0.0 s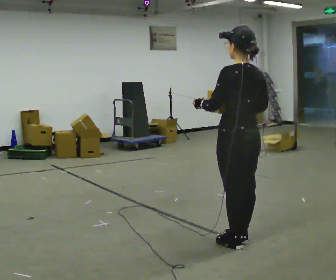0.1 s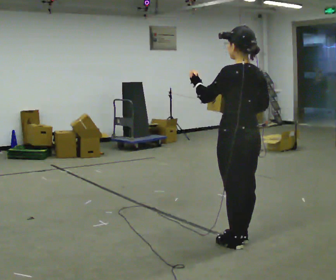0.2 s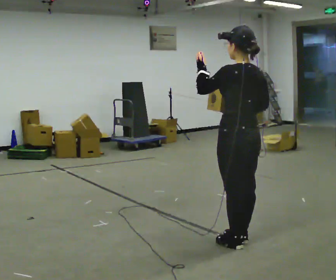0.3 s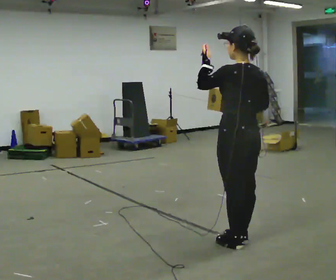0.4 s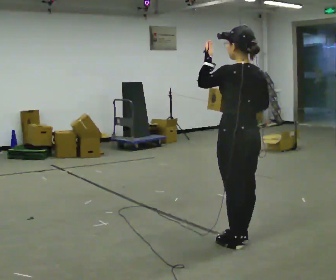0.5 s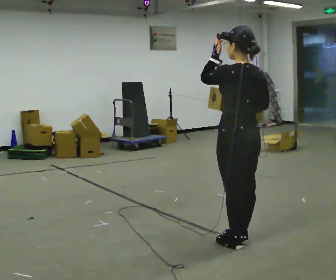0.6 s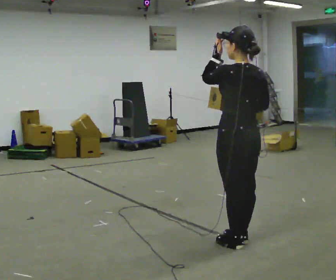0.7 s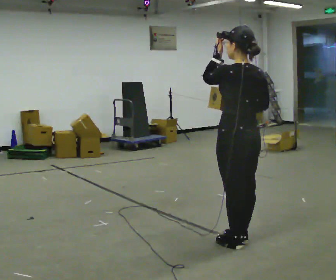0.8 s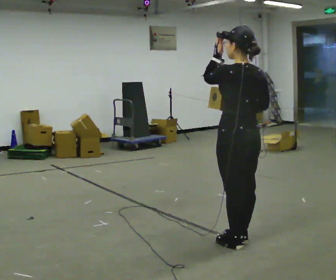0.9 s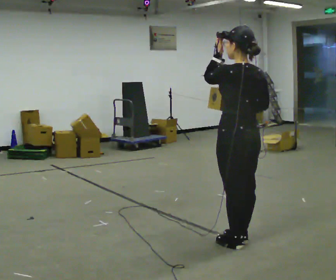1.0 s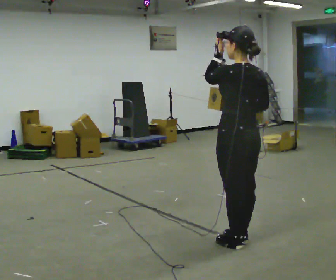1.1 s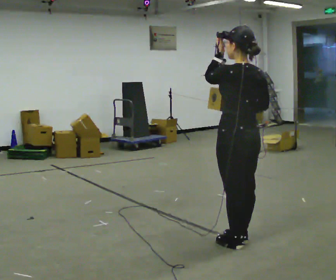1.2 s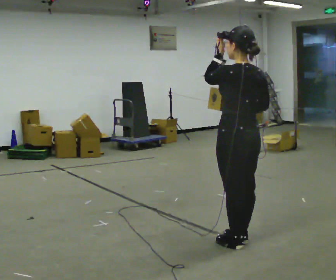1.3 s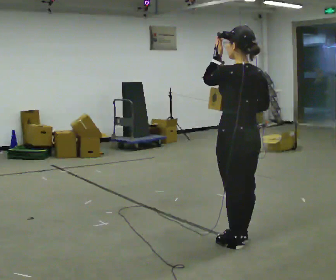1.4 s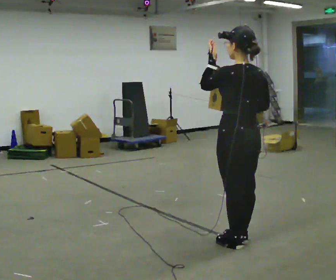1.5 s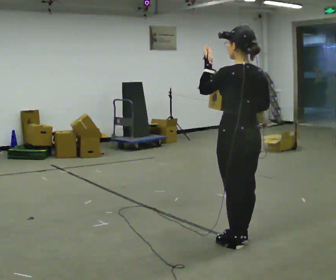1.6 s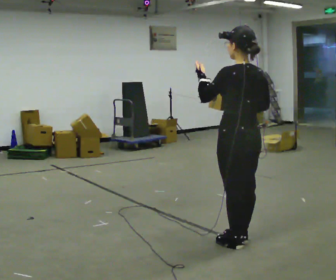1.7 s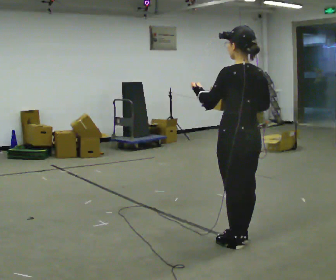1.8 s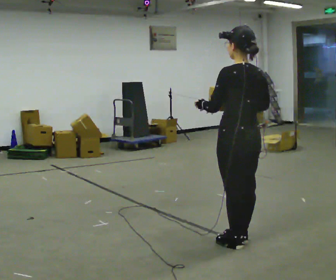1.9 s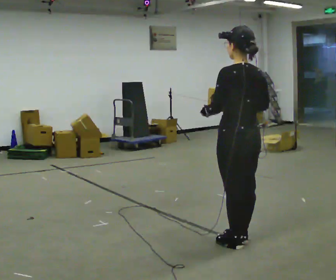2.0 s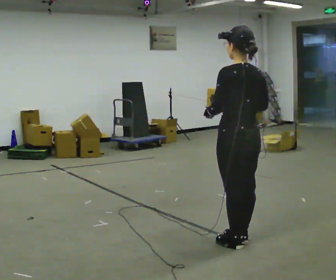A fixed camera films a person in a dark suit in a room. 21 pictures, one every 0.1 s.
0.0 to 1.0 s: The person moves a little, or ends about where they began.
1.0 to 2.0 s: In the picture their left hand goes downward.
The film runs forward here.
